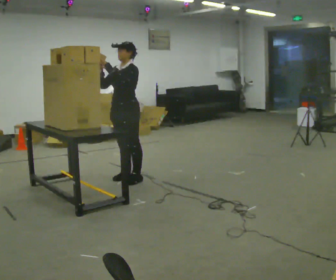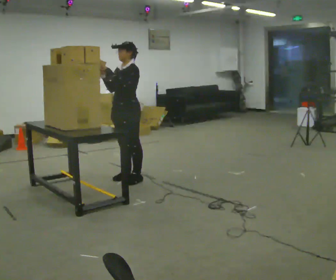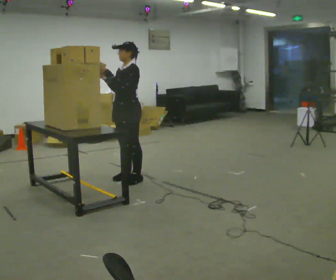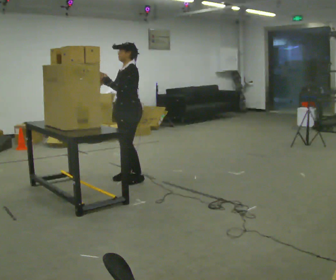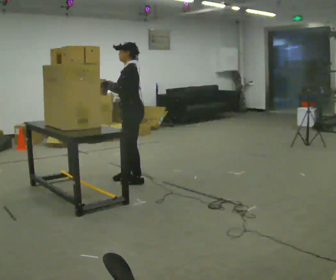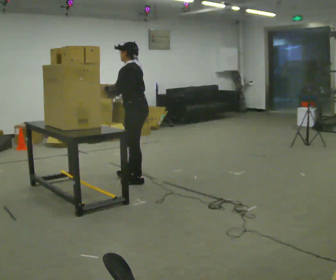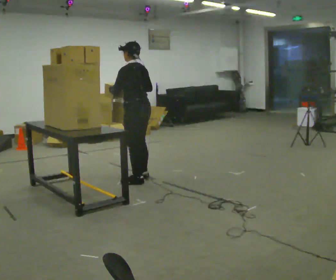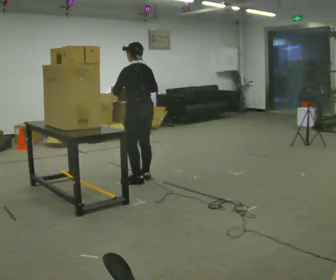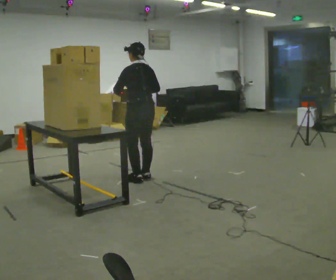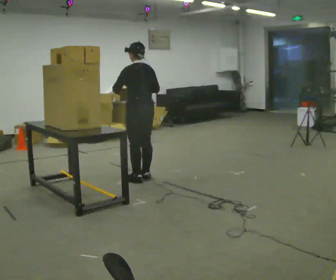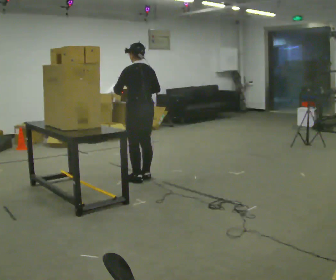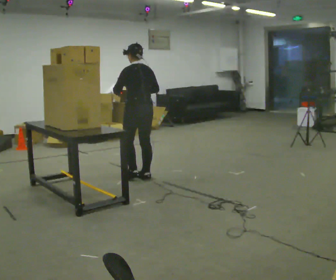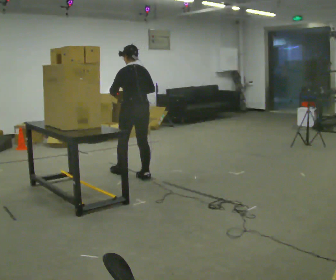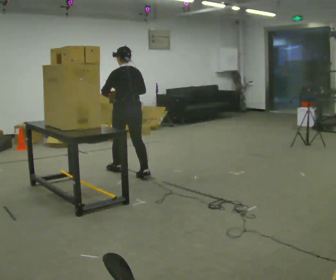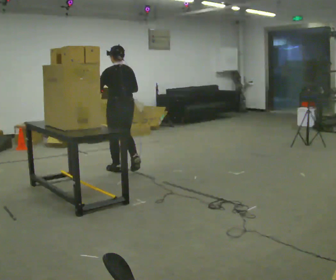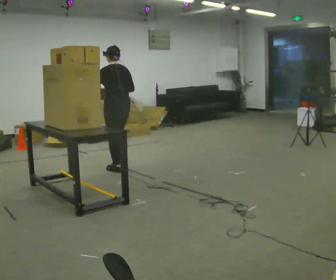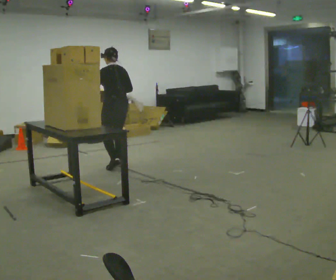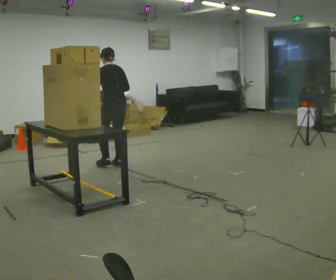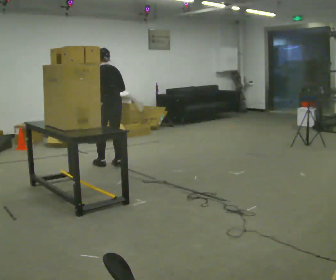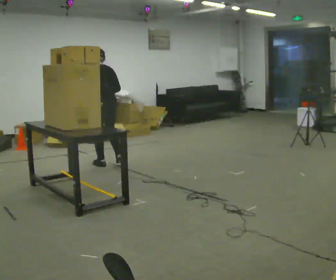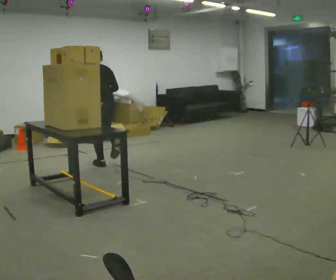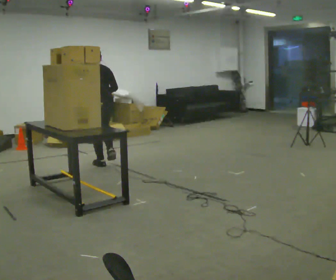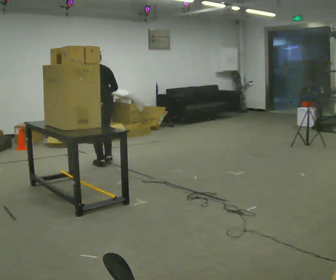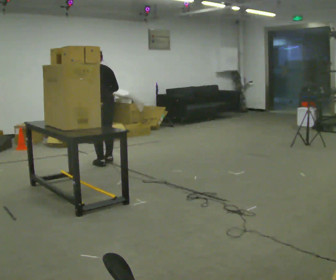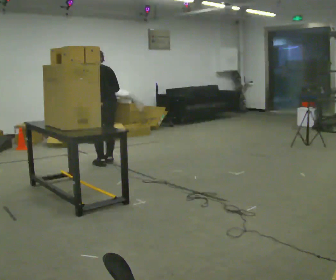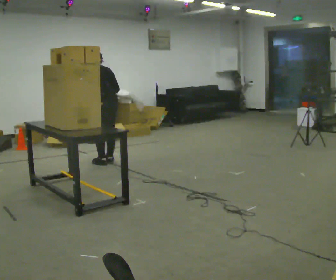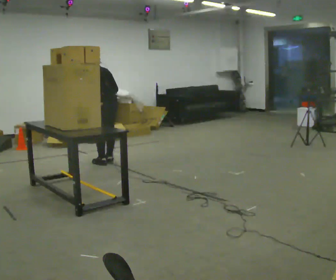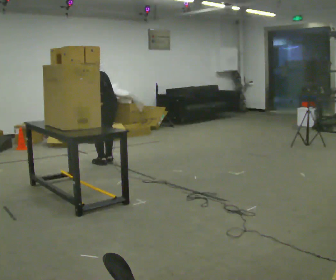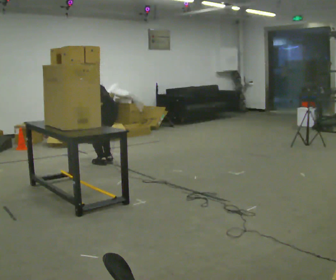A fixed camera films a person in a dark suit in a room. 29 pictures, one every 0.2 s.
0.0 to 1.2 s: The person turns about 75 degrees to their right, clockwise seen from above, so the part of the body nearest the lens slides to the left. In the picture their right hand goes to the right.
1.2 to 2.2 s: In the picture they go away from the camera, about 0.25 m in 1 step, which for them is forward.
2.2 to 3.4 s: In the picture they go away from the camera and to the left, about 0.5 m in 2 steps, which for them is forward.
3.4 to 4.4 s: In the picture they go to the left, about 0.25 m in 1 step, which for them is forward.
4.4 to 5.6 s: The shoulders move downward. The upper body tips away from the camera, its near side rolling upward, as they bend forward. In the picture their left hand goes downward.
The film runs forward here.
